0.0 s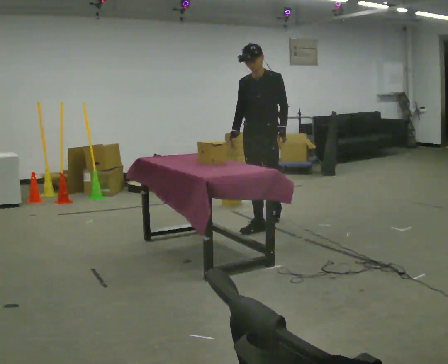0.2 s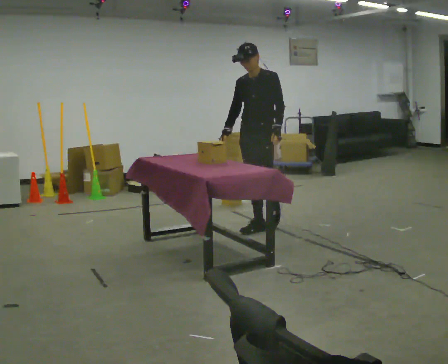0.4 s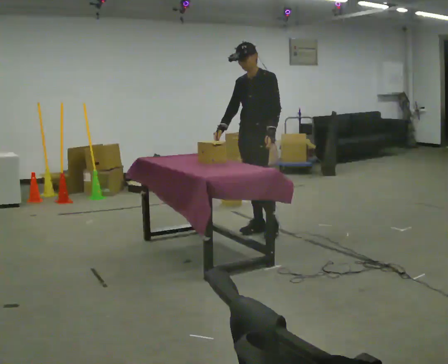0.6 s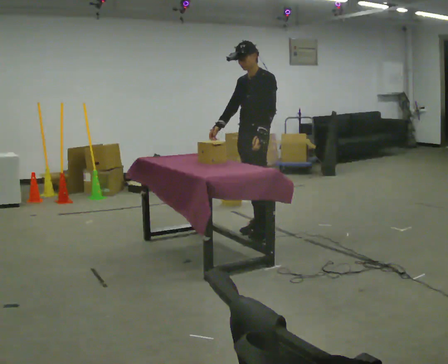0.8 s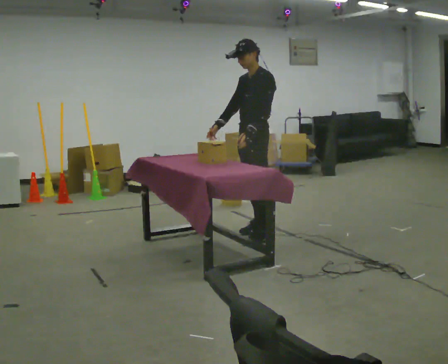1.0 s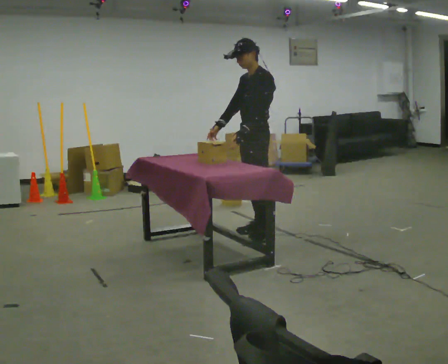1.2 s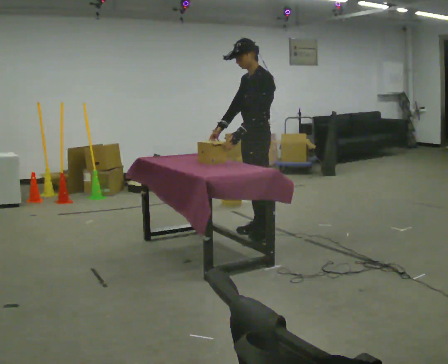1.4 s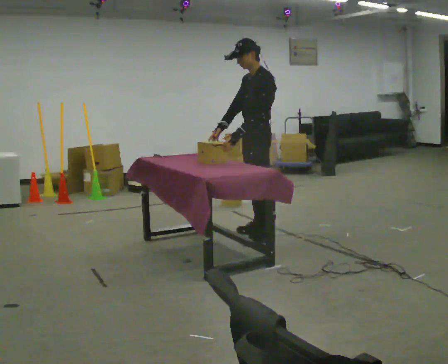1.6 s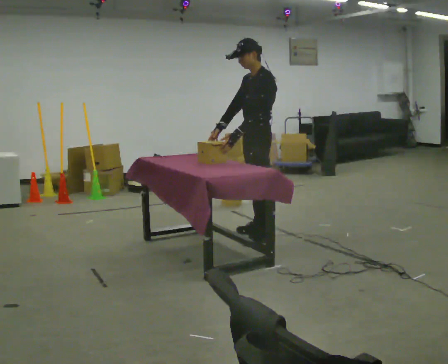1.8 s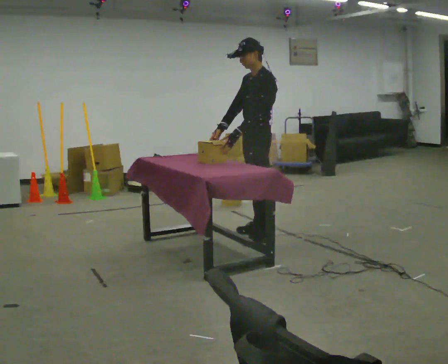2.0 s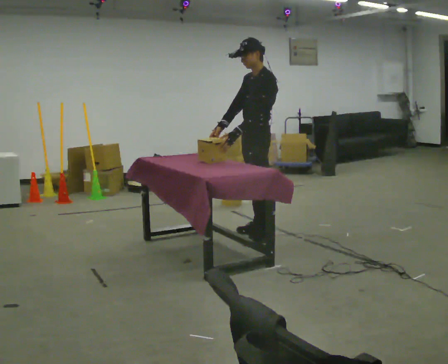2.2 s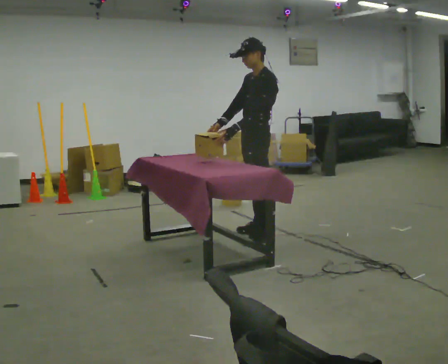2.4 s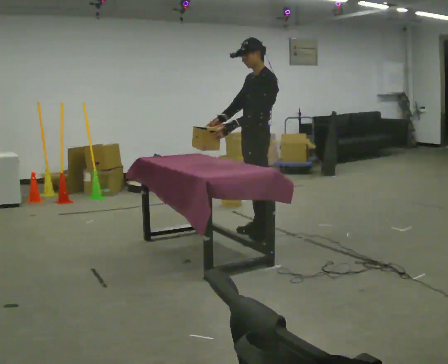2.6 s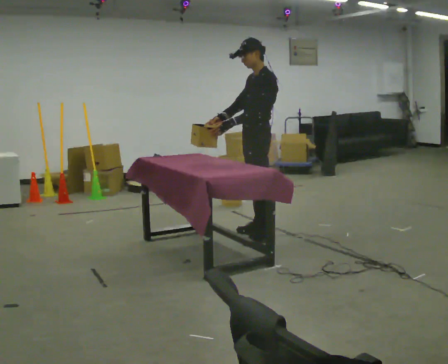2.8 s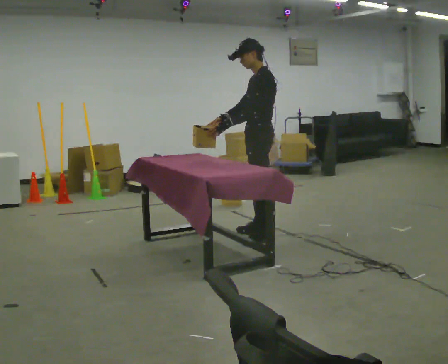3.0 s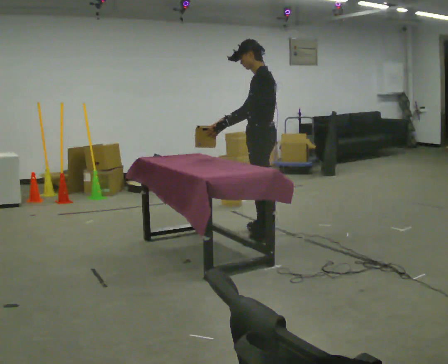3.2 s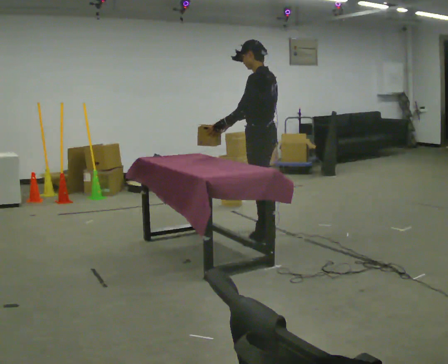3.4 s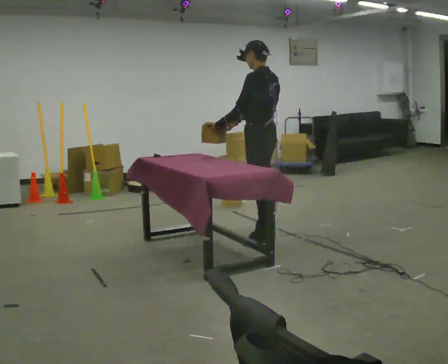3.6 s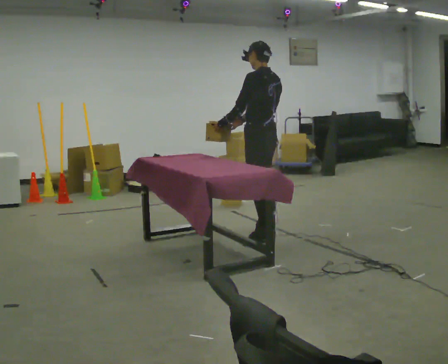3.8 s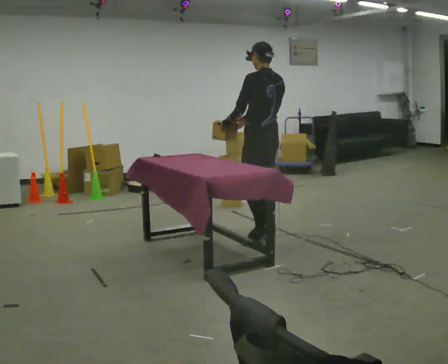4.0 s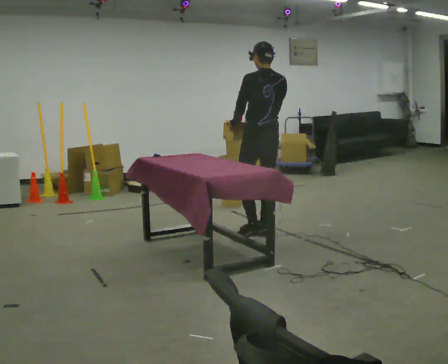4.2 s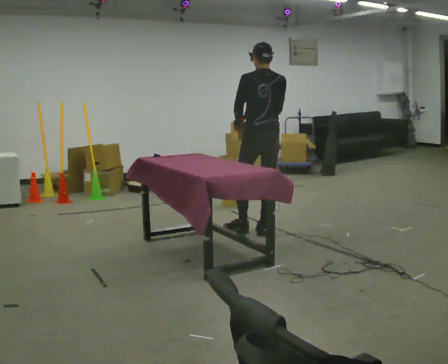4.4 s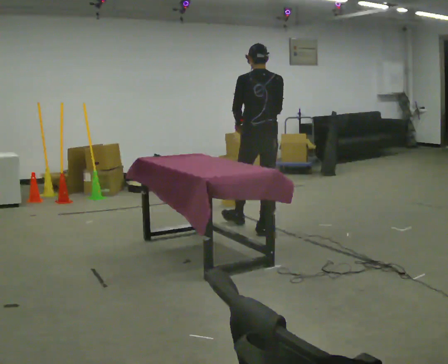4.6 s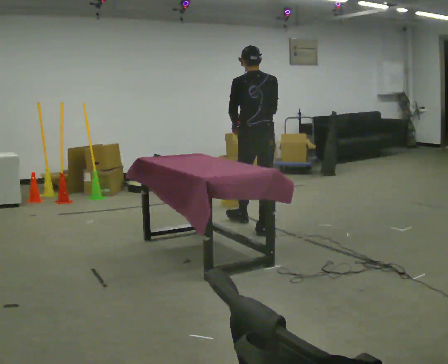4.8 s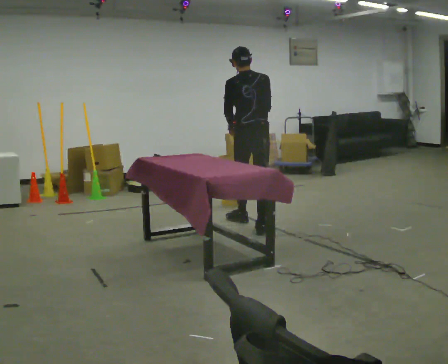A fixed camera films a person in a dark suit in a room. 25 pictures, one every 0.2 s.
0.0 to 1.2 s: Seen from above the body turns clockwise, about 45 degrees: to their right, with its near side sliding to the left. In the picture they go toward the camera, about 0.25 m in 1 step, which for them is to their left and forward.
1.2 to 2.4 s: The person moves a little, or ends about where they began.
2.4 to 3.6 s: Seen from above the body turns clockwise, about 45 degrees: to their right, with its near side sliding to the left.
3.6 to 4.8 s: The person turns about 45 degrees to their right, clockwise seen from above, so the part of the body nearest the lens slides to the left. In the picture they go away from the camera, about 0.25 m in 1 step, which for them is forward.
The film runs forward here.
